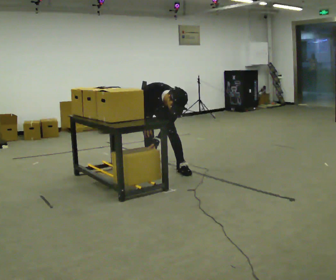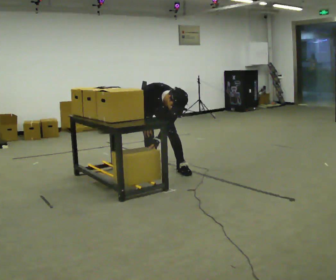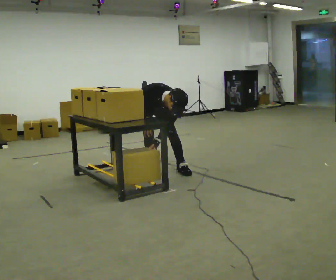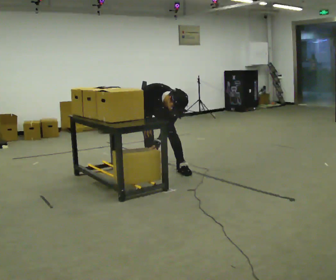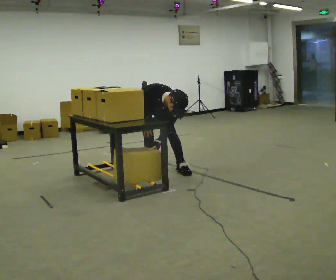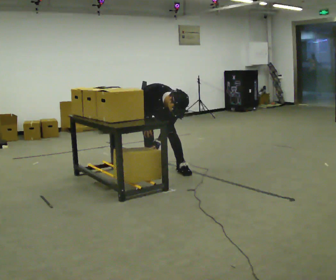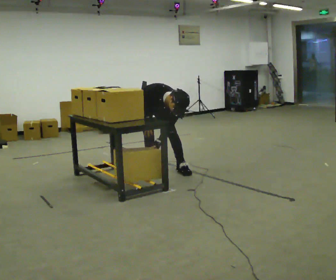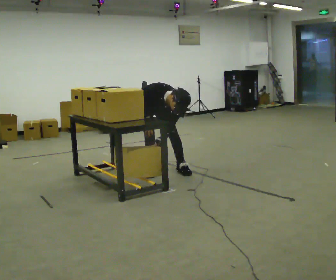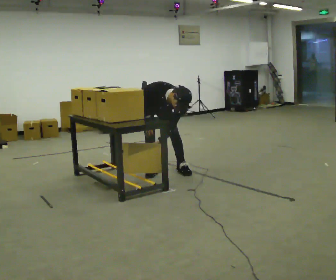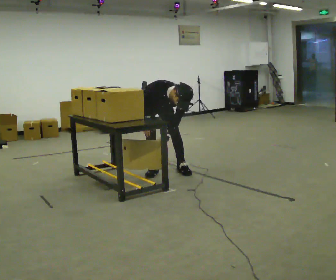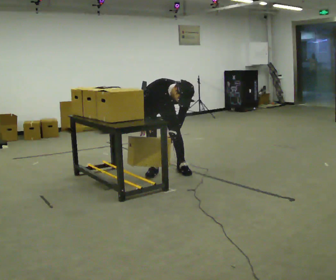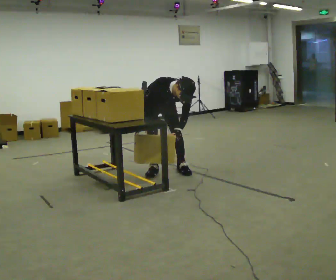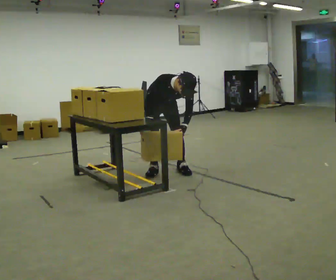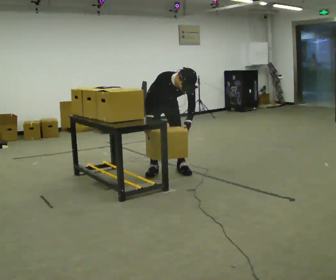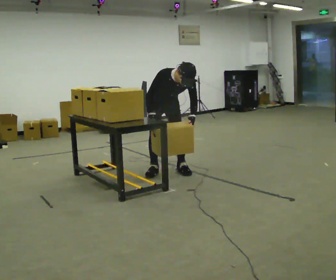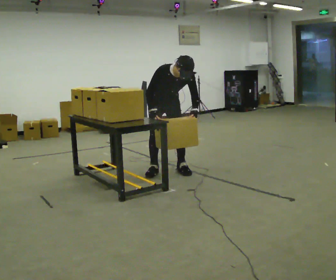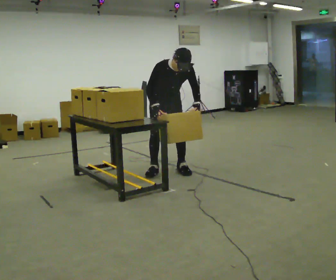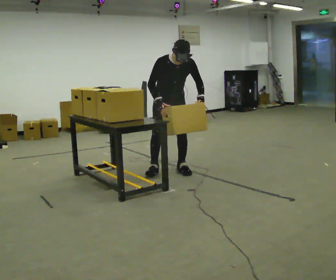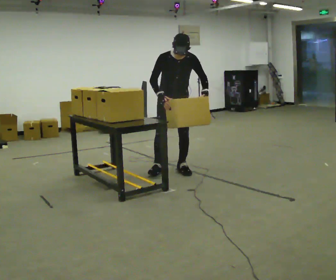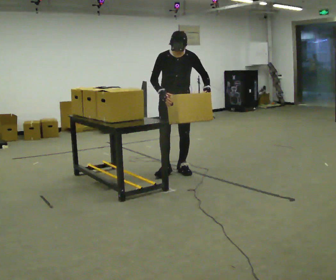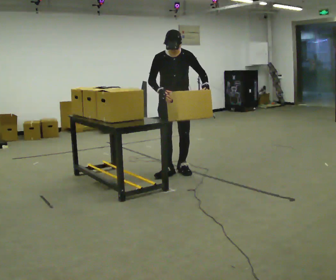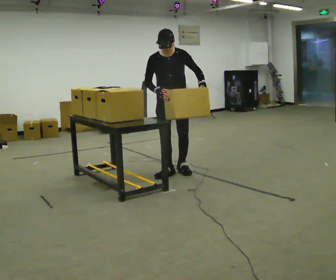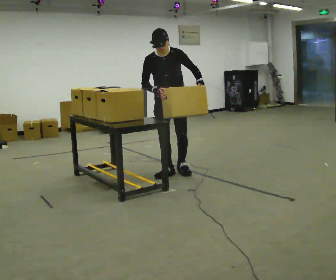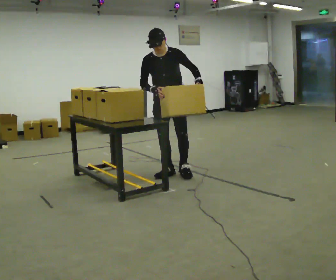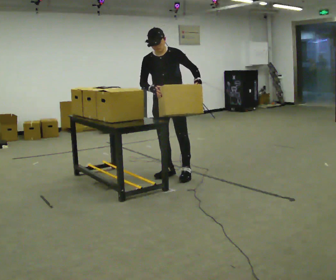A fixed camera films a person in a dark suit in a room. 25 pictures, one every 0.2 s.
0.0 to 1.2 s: The person moves a little, or ends about where they began.
1.2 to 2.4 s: The upper body tips away from the camera, its near side rolling upward, as they lean back or straighten.
2.4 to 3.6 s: In the picture they go to the right, about 0.25 m in 1 step, which for them is to their left. The upper body goes upward. The upper body tips away from the camera, its near side rolling upward, as they lean back or straighten. In the picture their left hand goes upward.
3.6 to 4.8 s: In the picture they go toward the camera, about 0.25 m in 1 step, which for them is forward. In the picture the upper body tilts counterclockwise, shoulders to the left.
The film runs backward here.
